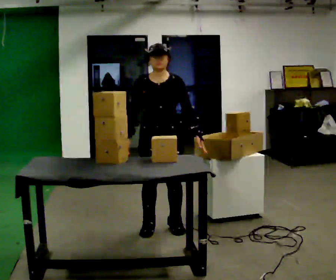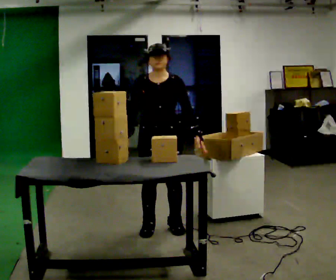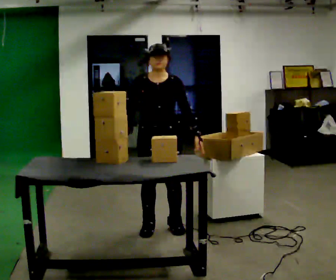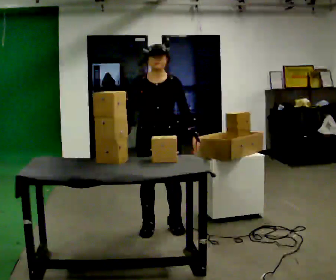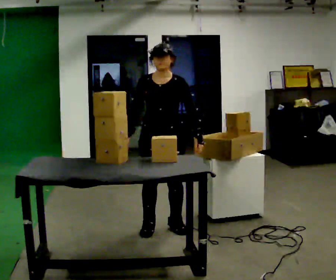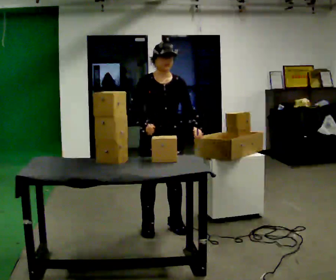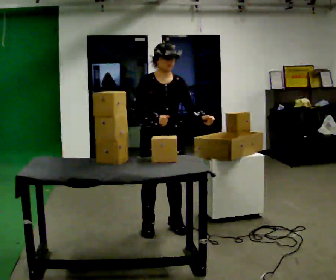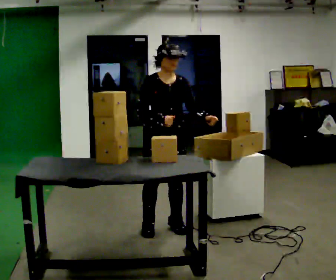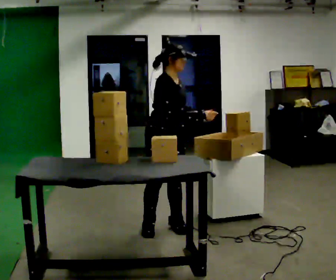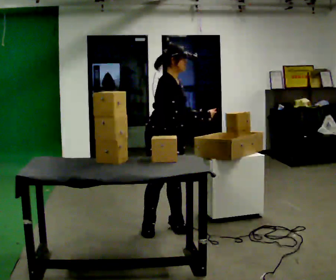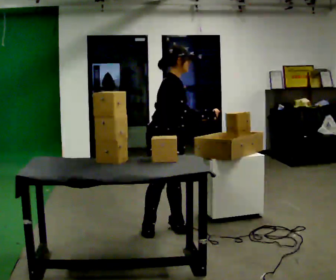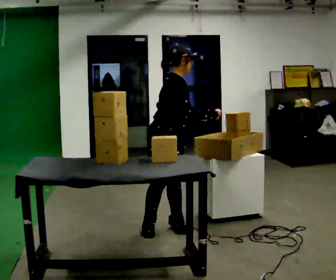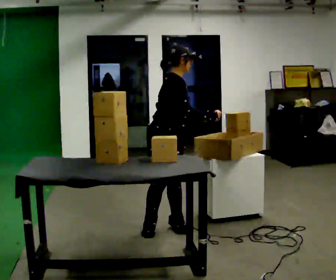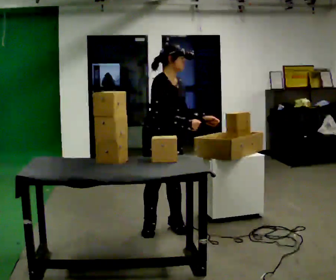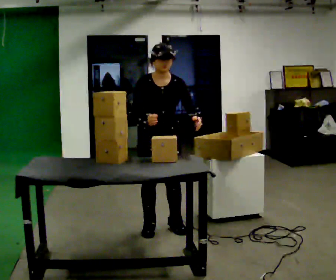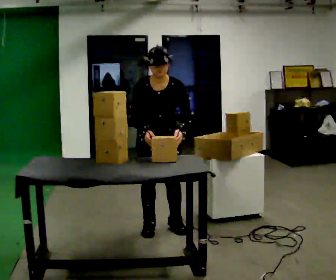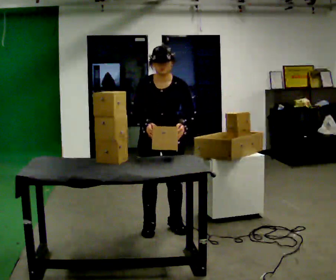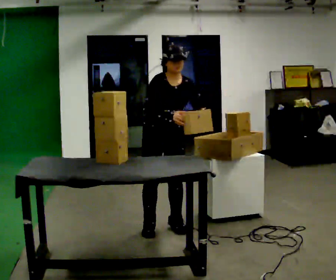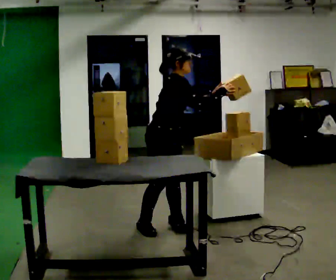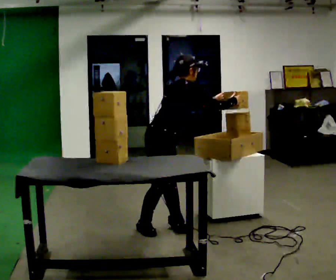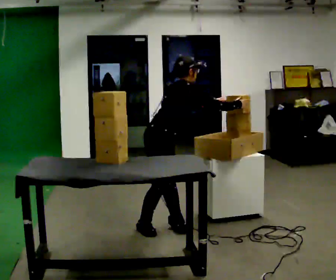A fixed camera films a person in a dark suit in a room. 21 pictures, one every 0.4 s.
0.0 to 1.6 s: The person moves a little, or ends about where they began.
1.6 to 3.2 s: Seen from above the body turns counterclockwise, about 60 degrees: to their left, with its near side sliding to the right. In the picture their right hand goes to the right.
3.2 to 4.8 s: The person moves a little, or ends about where they began.
4.8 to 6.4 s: The part of the body nearest the lens slides to the left as the person turns to their right by about 75 degrees. The upper body tips toward the camera, its near side rolling downward.
6.4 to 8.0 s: The part of the body nearest the lens slides to the right as the person turns to their left by about 105 degrees. The upper body tips away from the camera, its near side rolling upward. In the picture their right hand goes to the right.
The film runs backward here.
